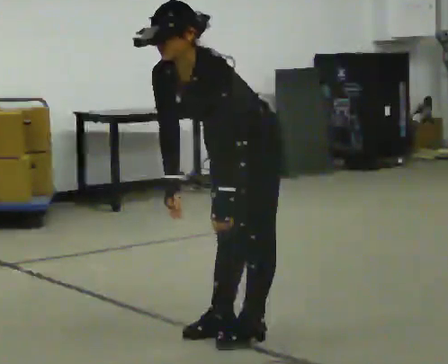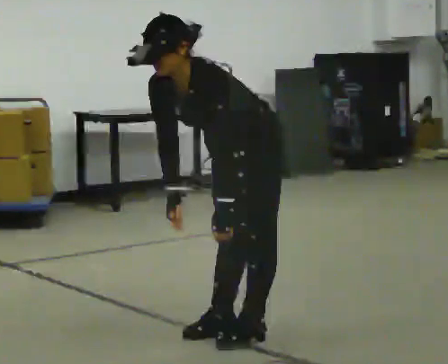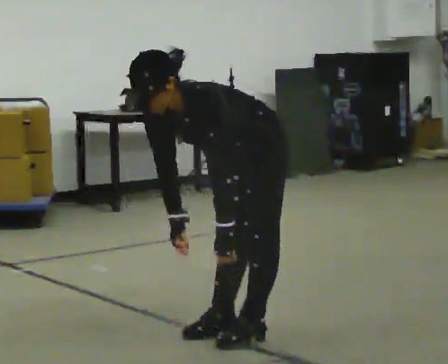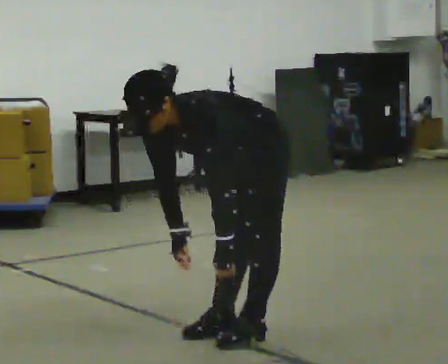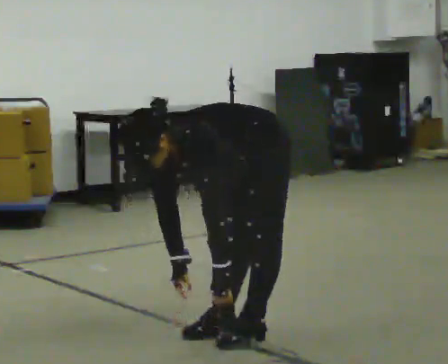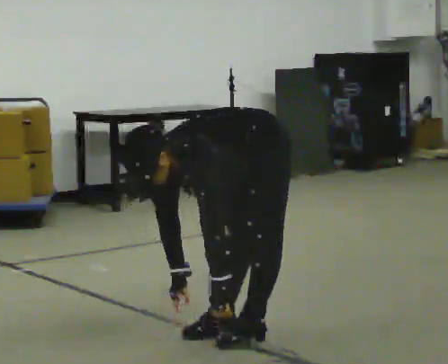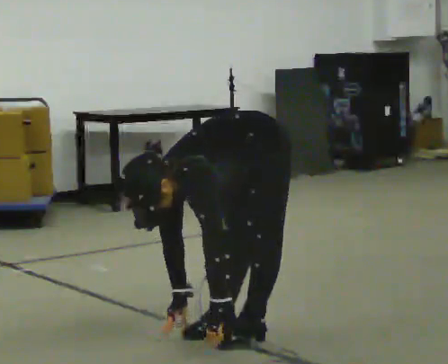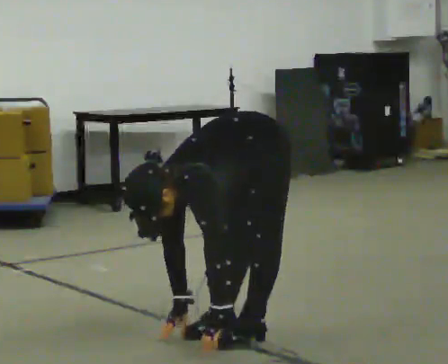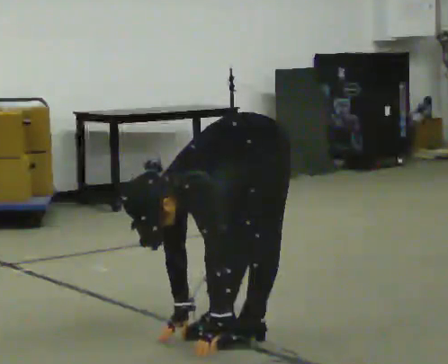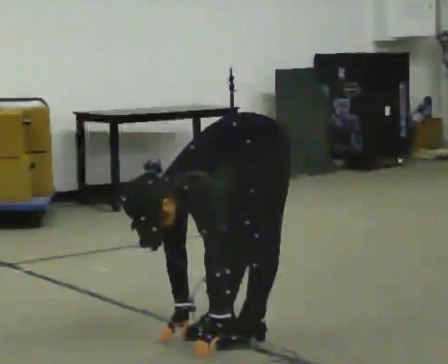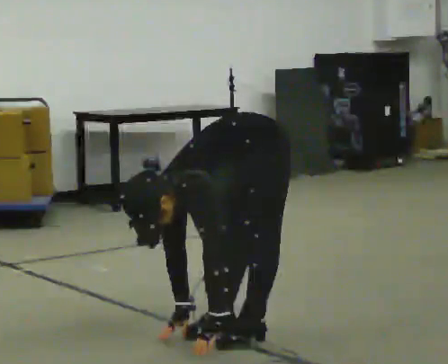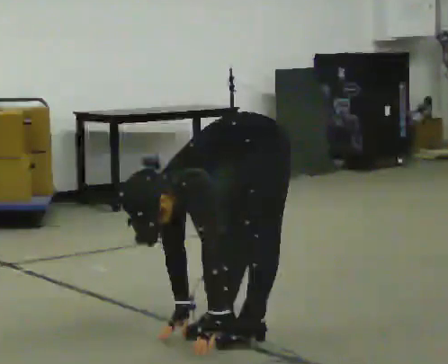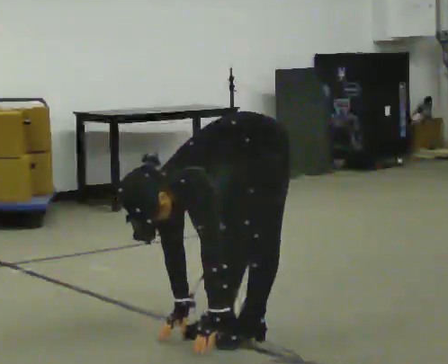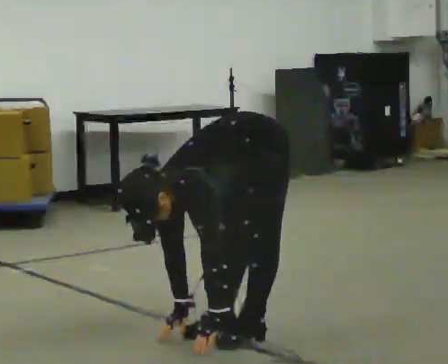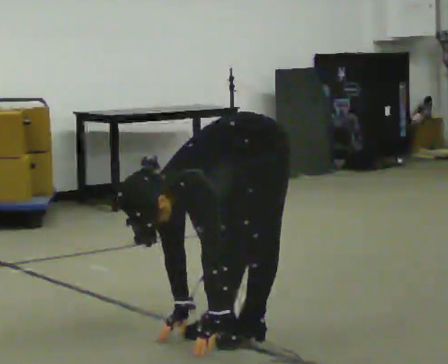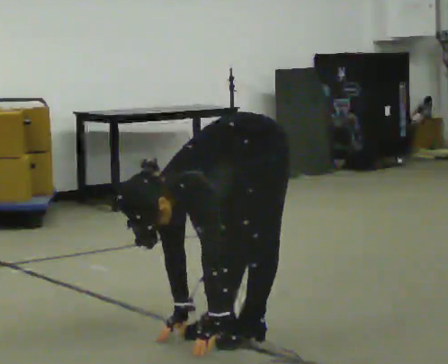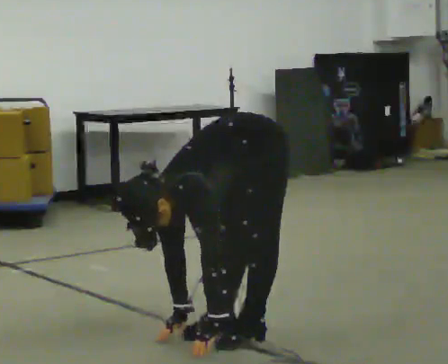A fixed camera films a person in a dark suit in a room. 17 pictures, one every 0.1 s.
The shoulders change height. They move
downward.
Their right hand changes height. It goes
downward.
0.0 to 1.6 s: The shoulders move downward. The upper body tips toward the camera, its near side rolling downward, as they bend forward. In the picture their right hand goes downward.
The film runs backward here.
